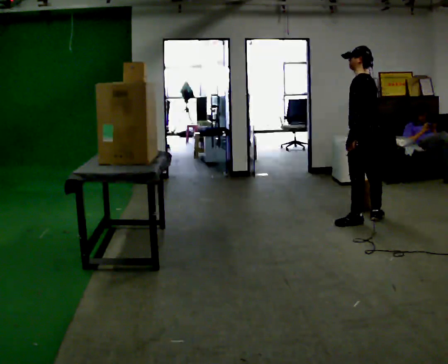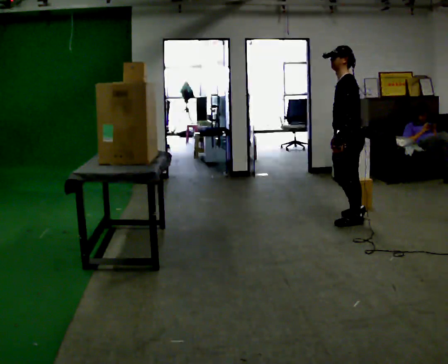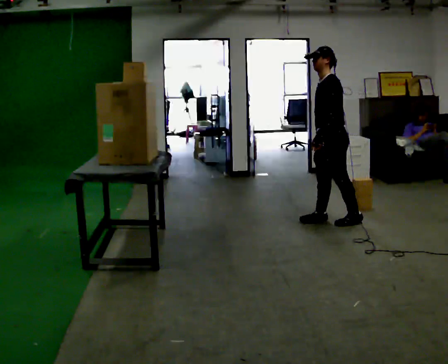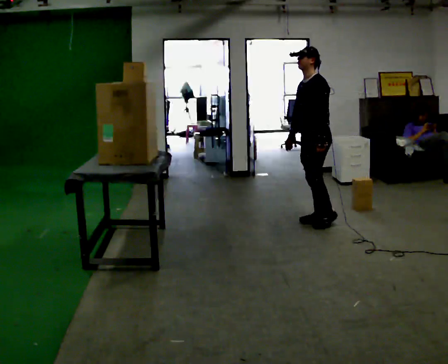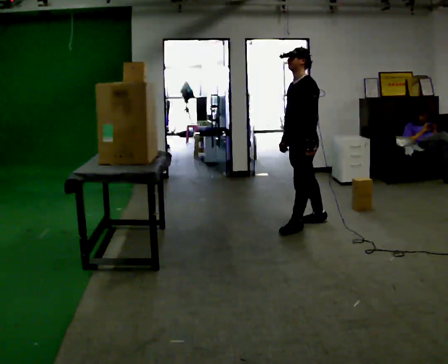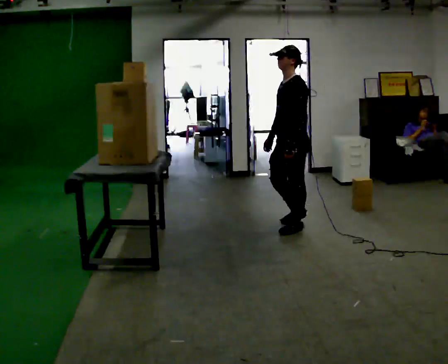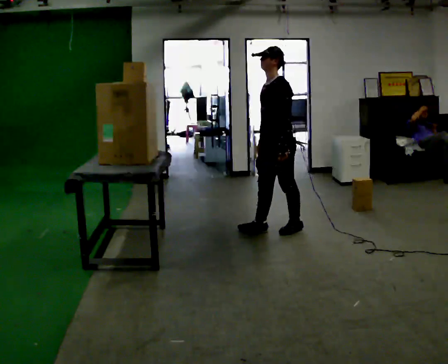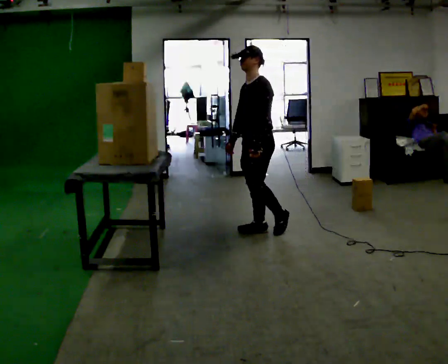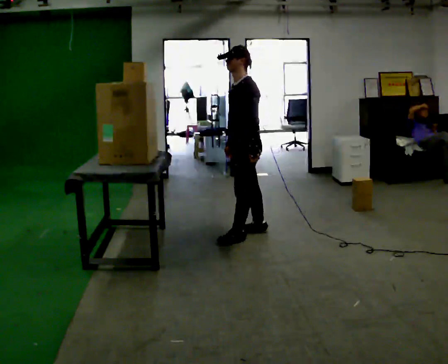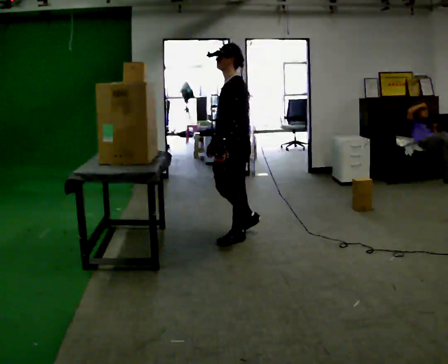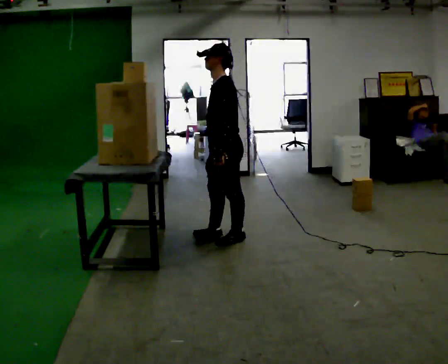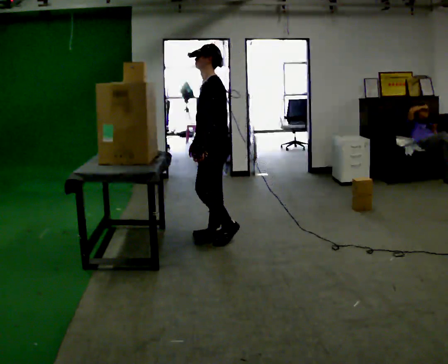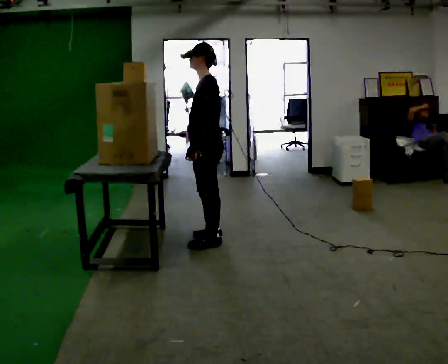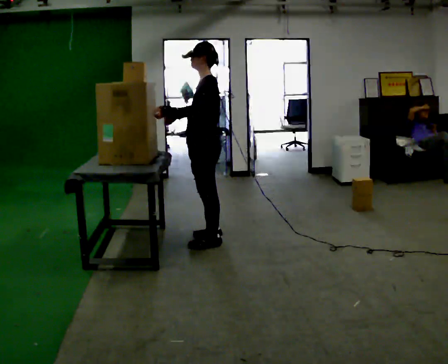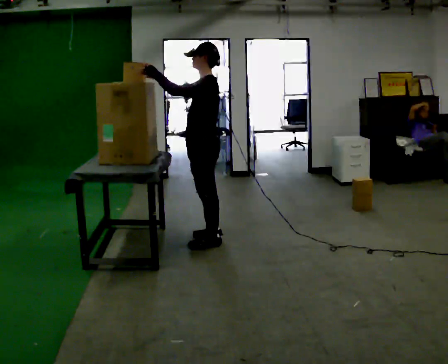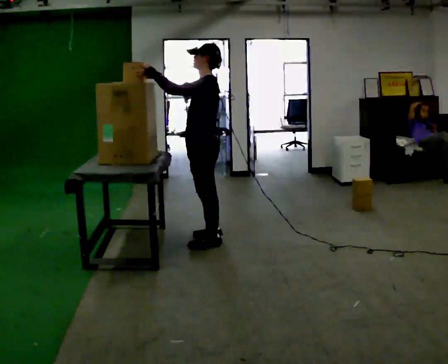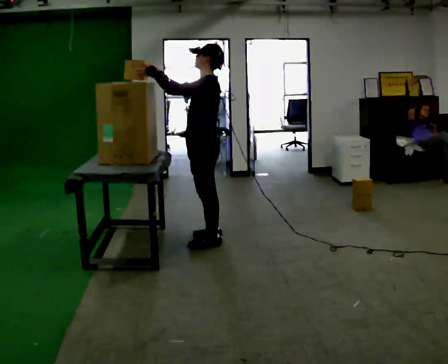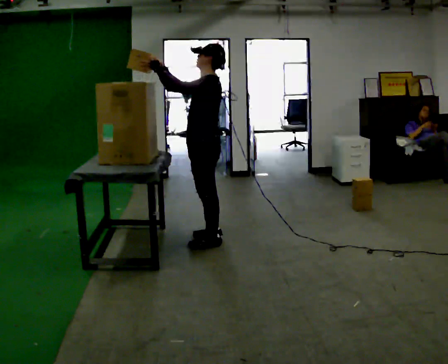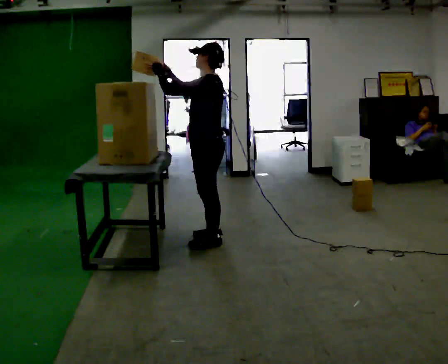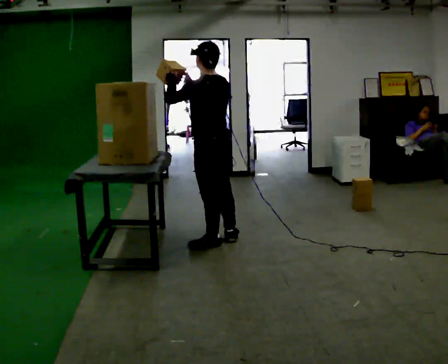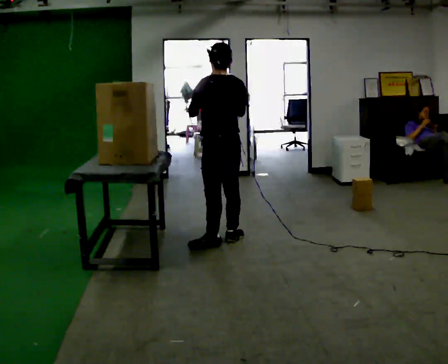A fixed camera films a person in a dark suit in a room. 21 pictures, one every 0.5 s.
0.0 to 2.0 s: The person turns about 60 degrees to their left, counterclockwise seen from above, so the part of the body nearest the lens slides to the right. In the picture they go to the left, about 0.5 m in 2 steps.
2.0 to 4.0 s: In the picture they go to the left, about 0.5 m in 2 steps, which for them is forward.
4.0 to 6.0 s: In the picture they go to the left and toward the camera, about 0.25 m in 2 steps, which for them is forward.
6.0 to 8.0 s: In the picture their right hand goes upward and to the left, the arm swinging clockwise.
8.0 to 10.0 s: The person turns about 60 degrees to their right, clockwise seen from above, so the part of the body nearest the lens slides to the left. In the picture their right hand goes to the right and downward.
The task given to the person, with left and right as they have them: Take an object from the lowest shelf, carry it across the room, and place it on the highest shelf you can comfortably reach. Keep going until the operator says stop; one object at a time, and do not rush between trips.
The film runs forward here.
